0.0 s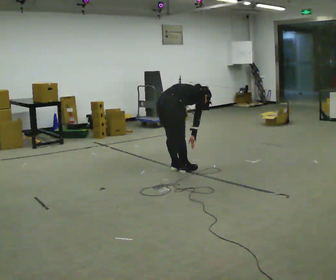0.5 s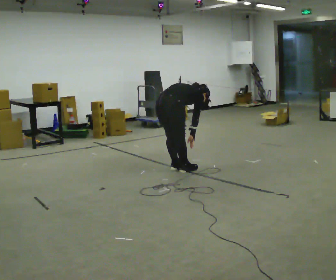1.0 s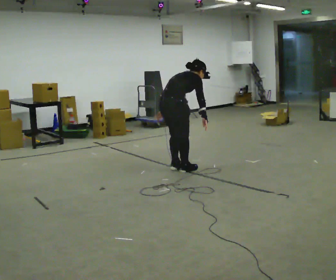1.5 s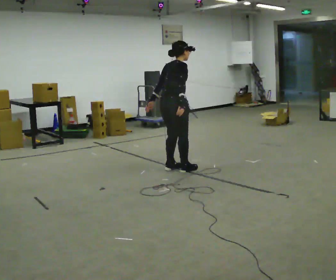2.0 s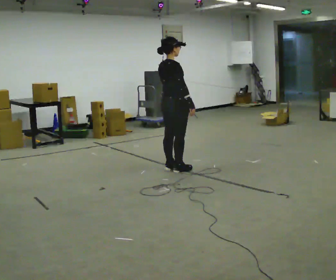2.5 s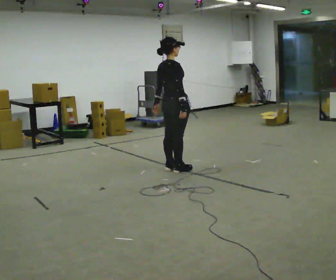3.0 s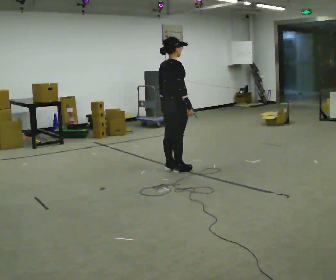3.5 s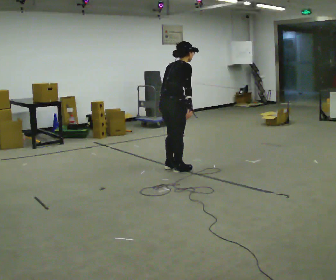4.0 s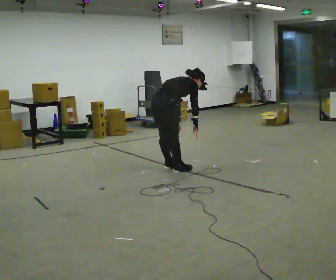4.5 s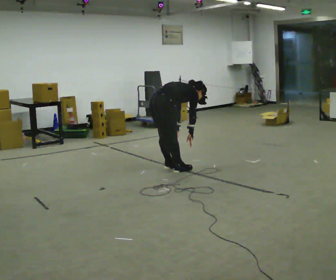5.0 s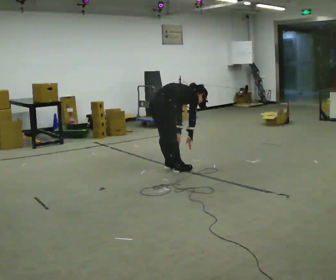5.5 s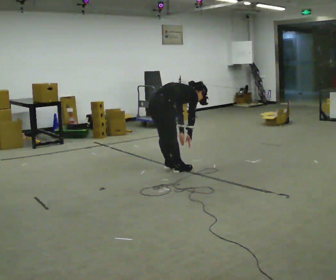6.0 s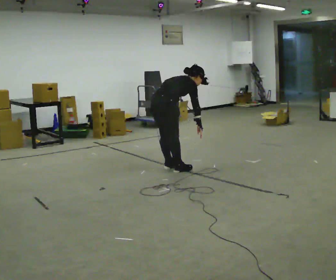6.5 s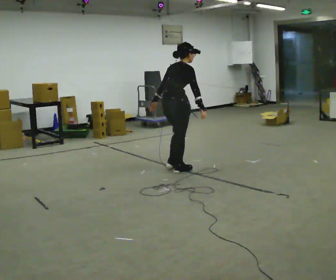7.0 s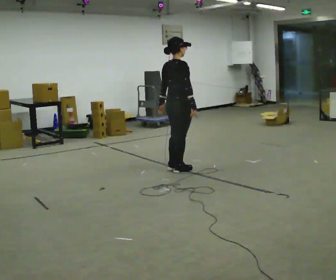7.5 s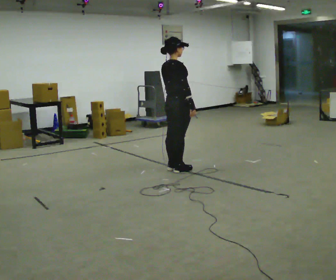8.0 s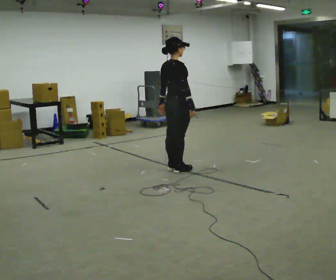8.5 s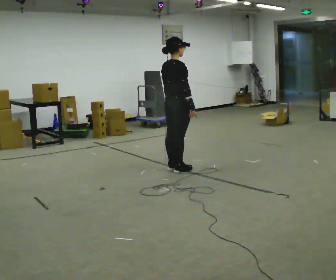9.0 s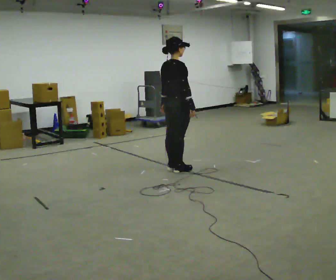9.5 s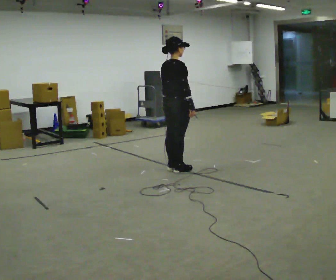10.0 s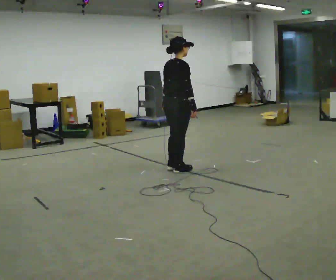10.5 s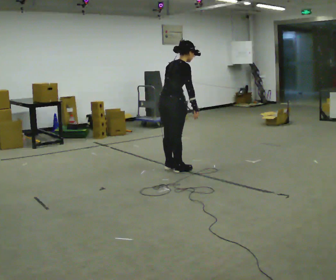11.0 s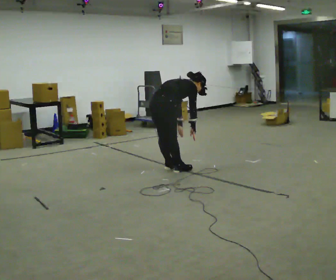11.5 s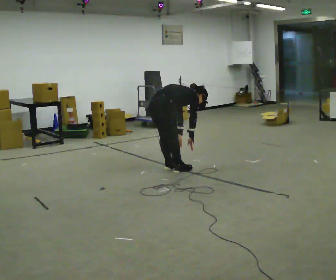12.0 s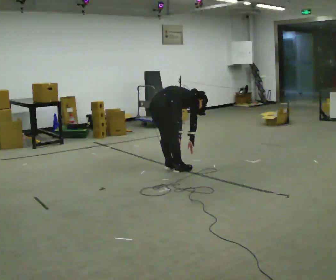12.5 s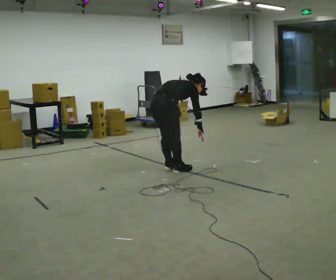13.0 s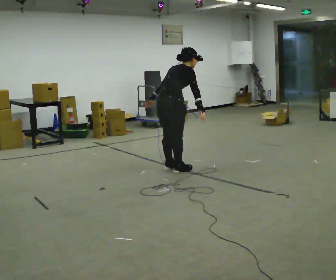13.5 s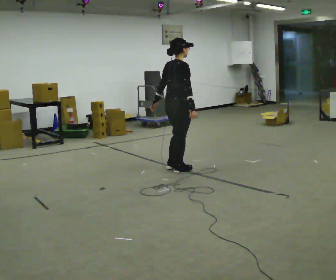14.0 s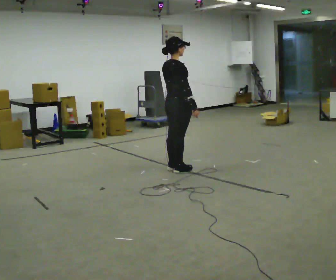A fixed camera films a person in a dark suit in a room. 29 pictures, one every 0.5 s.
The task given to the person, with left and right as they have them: Keeping your feet still, reach down toward the floor in front and to each side, then return to standing. Repeat the movement at your own pace until the operator says stop; do not rush.
0.0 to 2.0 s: The upper body goes upward. In the picture the upper body tilts counterclockwise, shoulders to the left, as they lean back or straighten. In the picture their left hand goes upward.
2.0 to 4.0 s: The shoulders move downward. In the picture the upper body tilts clockwise, shoulders to the right, as they bend forward. In the picture their left hand goes downward.
4.0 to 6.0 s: The person moves a little, or ends about where they began.
6.0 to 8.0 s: In the picture they go to the right, about 0.25 m, which for them is forward. The shoulders move upward. In the picture the upper body tilts counterclockwise, shoulders to the left, as they lean back or straighten.
8.0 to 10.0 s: The person moves a little, or ends about where they began.
10.0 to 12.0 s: In the picture they go to the left, about 0.25 m, which for them is backward. The shoulders move downward. In the picture the upper body tilts clockwise, shoulders to the right, as they bend forward. In the picture their left hand goes downward.
12.0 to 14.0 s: In the picture they go to the right, about 0.25 m, which for them is forward. The shoulders move upward. In the picture the upper body tilts counterclockwise, shoulders to the left, as they lean back or straighten. In the picture their left hand goes upward.
The film runs forward here.
